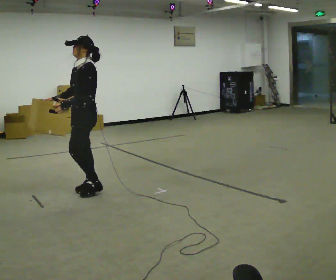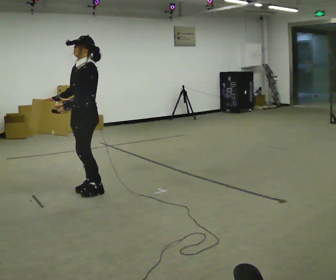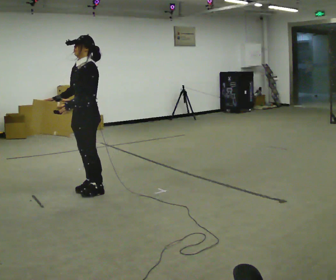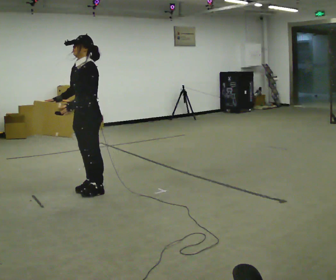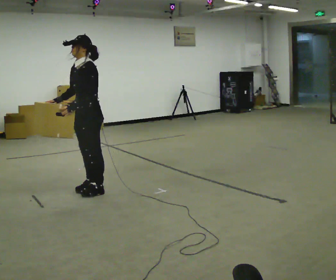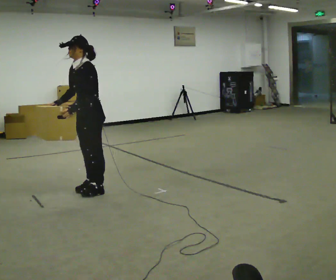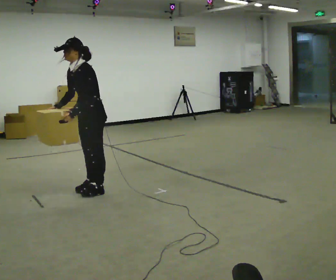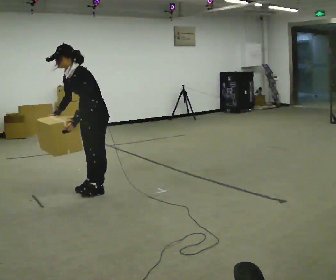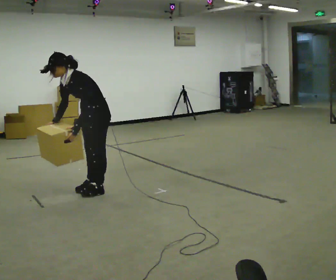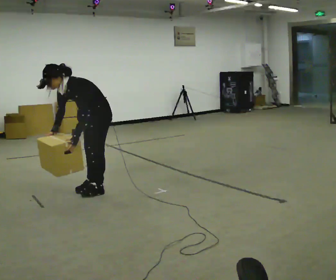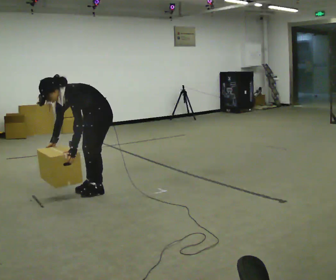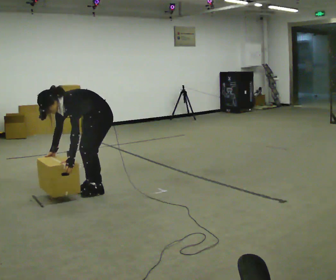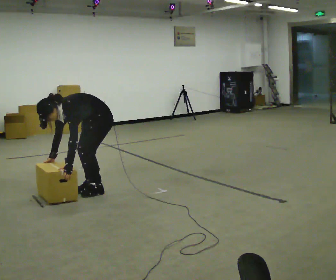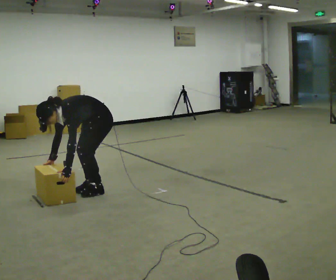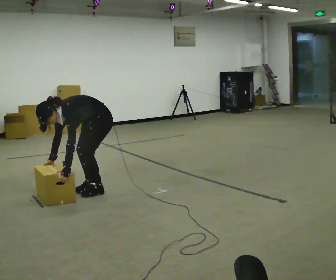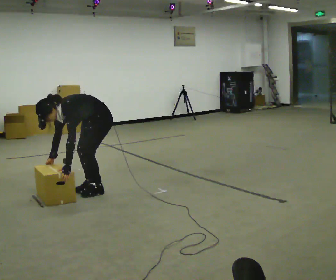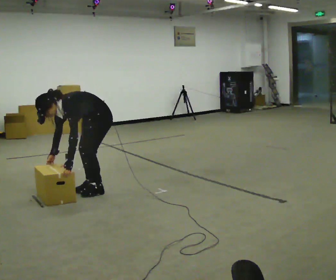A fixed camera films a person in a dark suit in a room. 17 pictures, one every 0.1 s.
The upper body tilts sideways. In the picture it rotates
counterclockwise.
Their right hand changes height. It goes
downward.
0.0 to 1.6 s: The upper body goes downward. In the picture the upper body tilts counterclockwise, shoulders to the left, as they bend forward. In the picture their left hand goes downward.
The film runs backward here.
